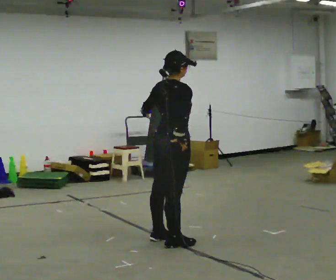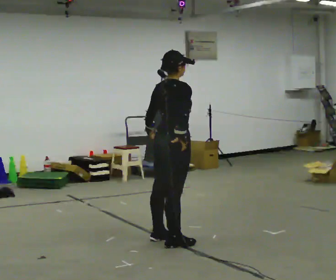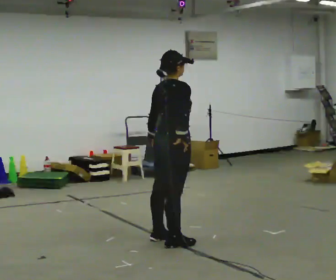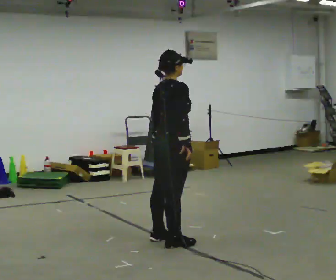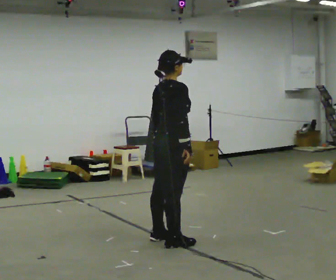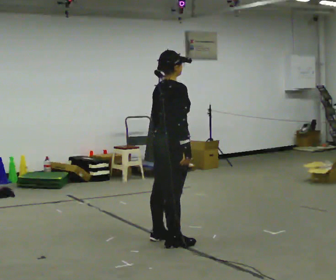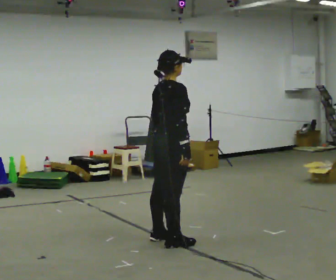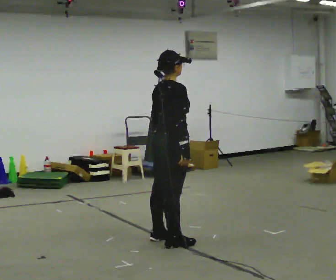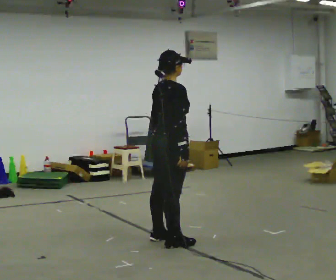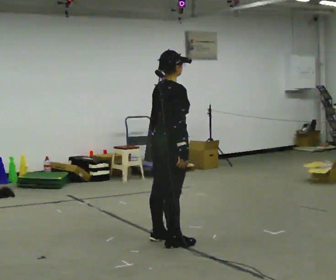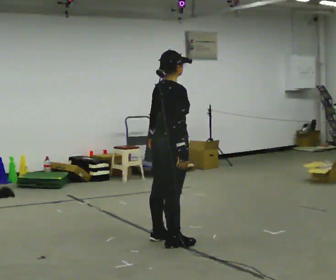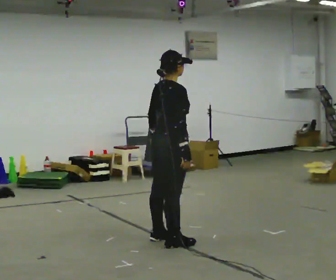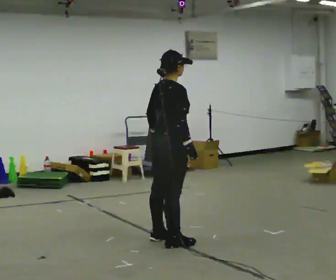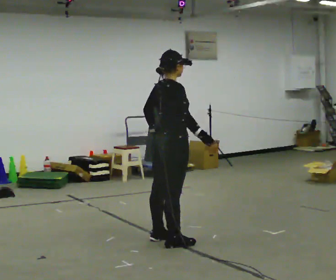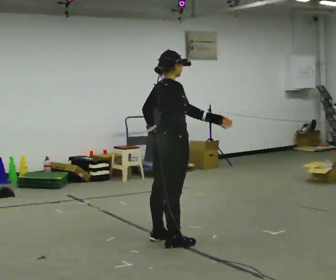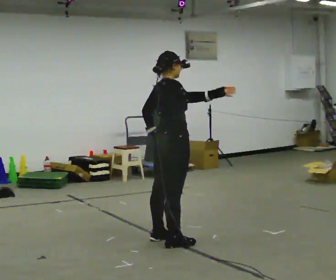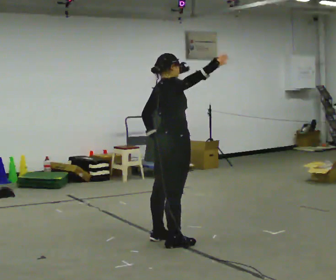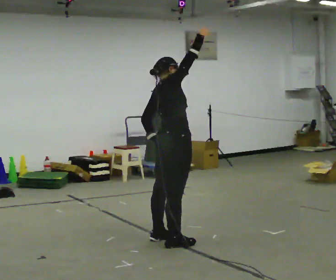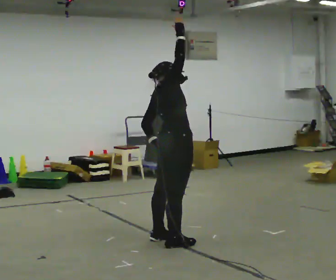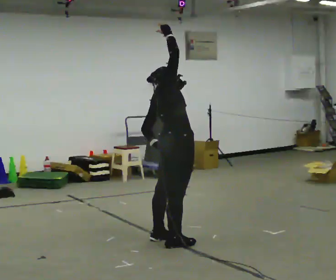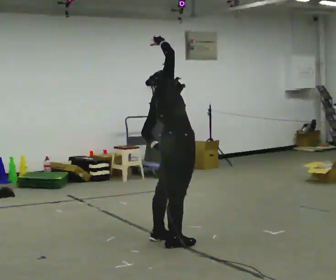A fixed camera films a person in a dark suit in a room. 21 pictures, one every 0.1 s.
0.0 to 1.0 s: The person moves a little, or ends about where they began.
1.0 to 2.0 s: The upper body tips away from the camera, its near side rolling upward. In the picture their right hand goes upward, the arm swinging counterclockwise.
The film runs backward here.
